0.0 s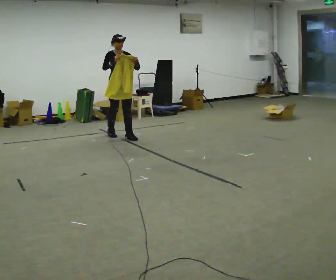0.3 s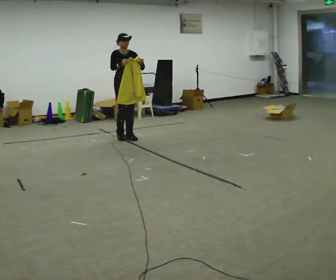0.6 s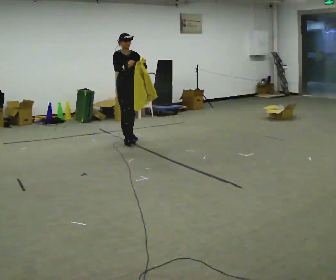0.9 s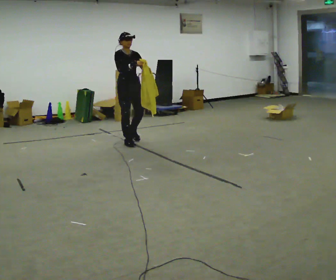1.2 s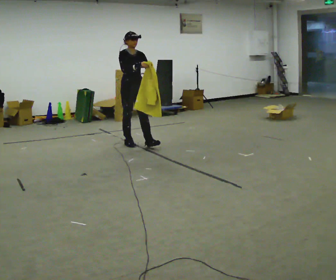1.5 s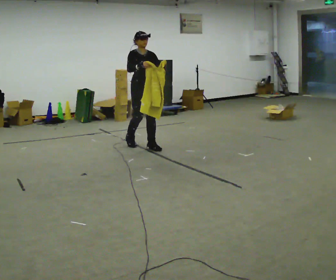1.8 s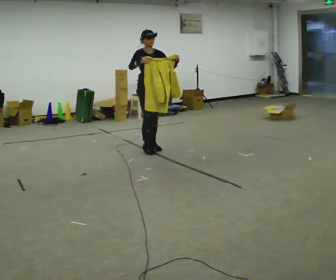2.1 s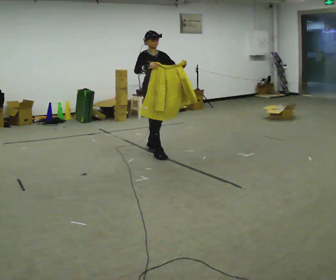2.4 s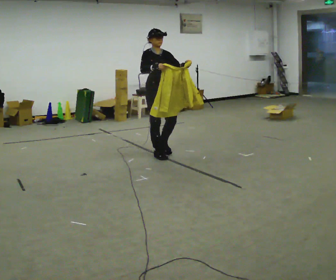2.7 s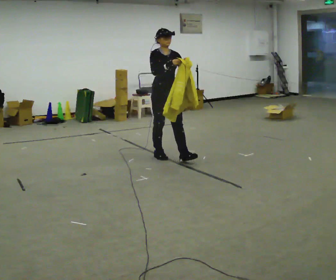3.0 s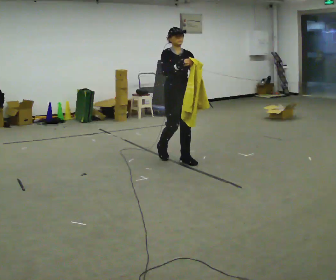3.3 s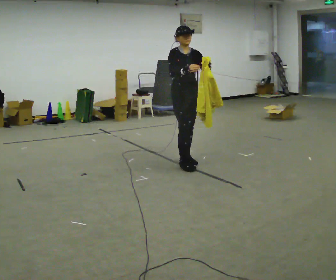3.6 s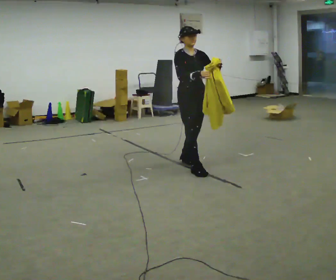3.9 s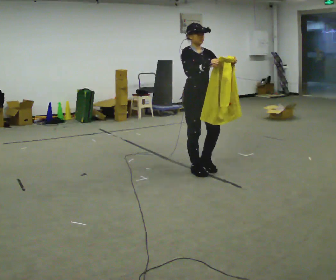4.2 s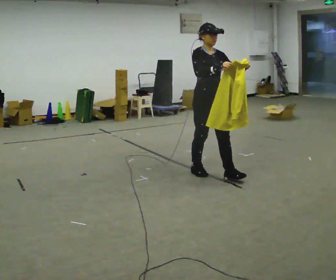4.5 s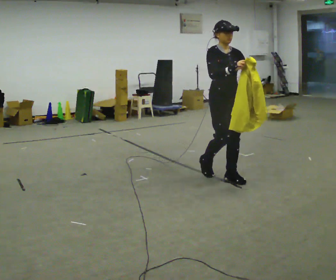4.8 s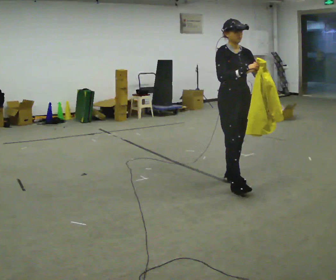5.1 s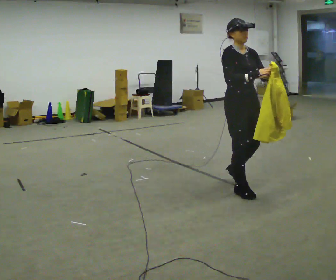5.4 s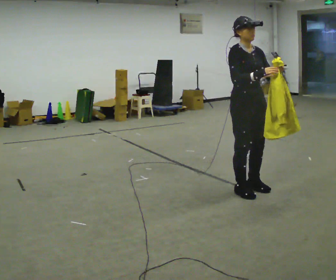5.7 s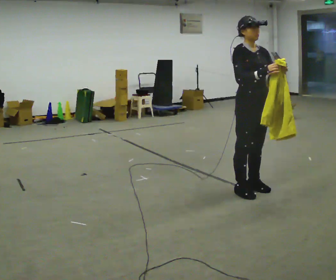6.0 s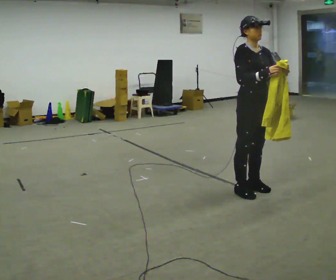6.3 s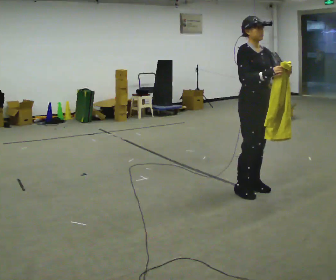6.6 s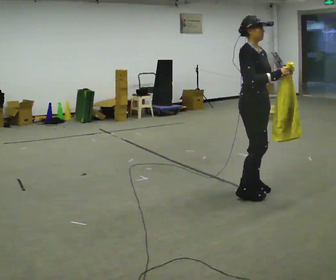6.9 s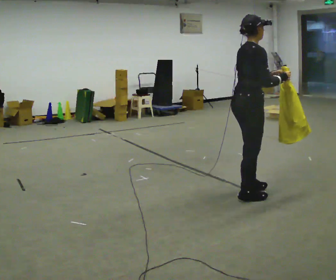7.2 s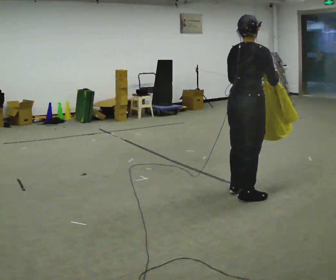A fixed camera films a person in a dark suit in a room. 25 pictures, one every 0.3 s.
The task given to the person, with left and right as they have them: Carry the cloth and, while walking, fold it in half, then unfold it. Keep repeating as you walk. Do not stop.
0.0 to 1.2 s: In the picture they go toward the camera and to the right, about 0.5 m in 1 step, which for them is forward.
1.2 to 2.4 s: In the picture they go toward the camera and to the right, about 0.75 m in 2 steps, which for them is forward.
2.4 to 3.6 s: In the picture they go toward the camera and to the right, about 0.75 m in 2 steps, which for them is forward.
3.6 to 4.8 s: In the picture they go toward the camera and to the right, about 0.75 m in 1 step, which for them is forward.
4.8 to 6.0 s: In the picture they go toward the camera, about 0.25 m in 2 steps, which for them is forward.
6.0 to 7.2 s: The part of the body nearest the lens slides to the right as the person turns to their left by about 105 degrees.
The film runs forward here.
